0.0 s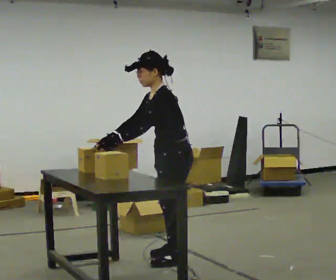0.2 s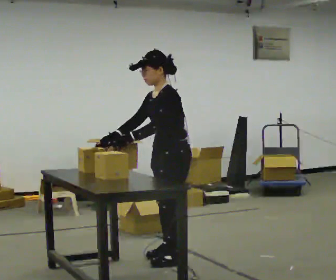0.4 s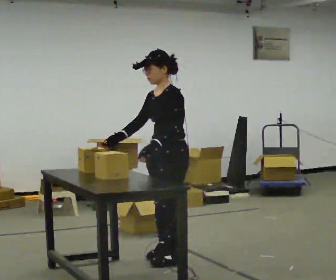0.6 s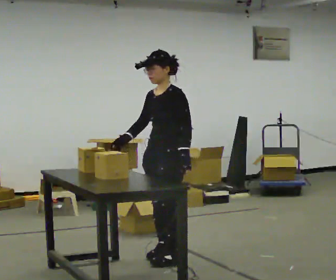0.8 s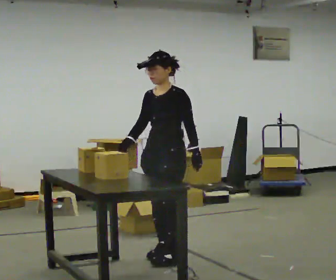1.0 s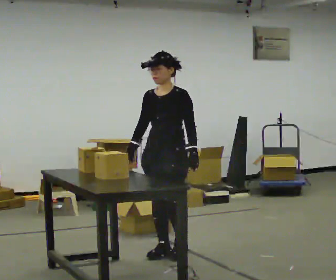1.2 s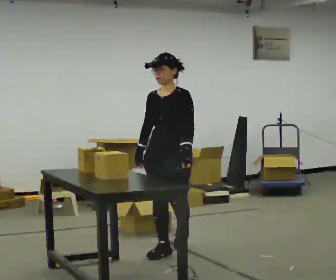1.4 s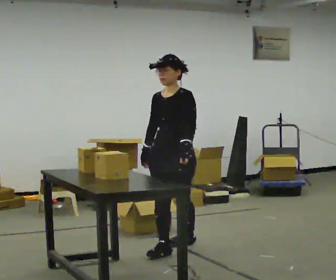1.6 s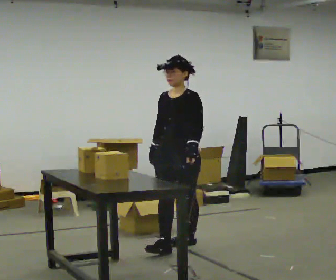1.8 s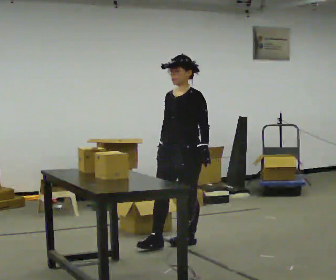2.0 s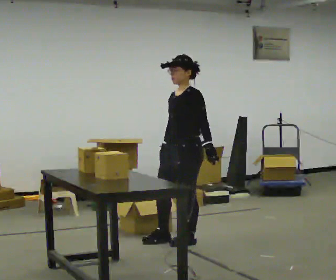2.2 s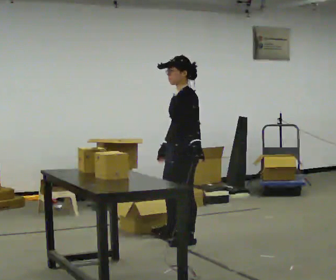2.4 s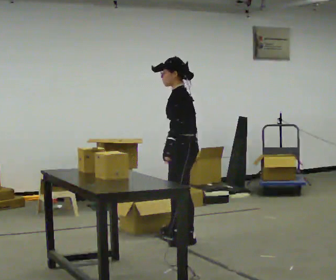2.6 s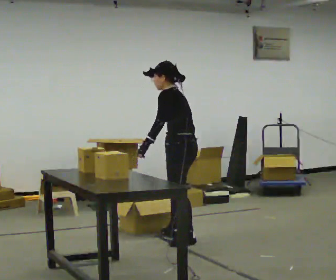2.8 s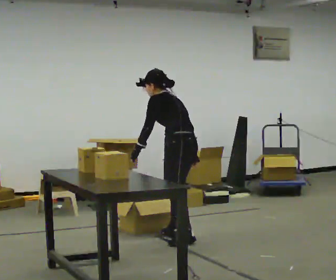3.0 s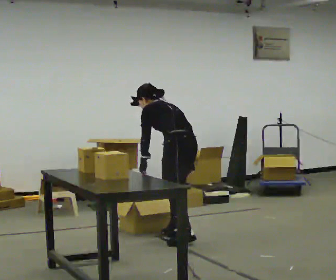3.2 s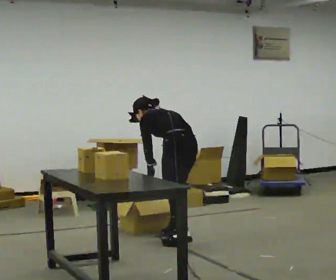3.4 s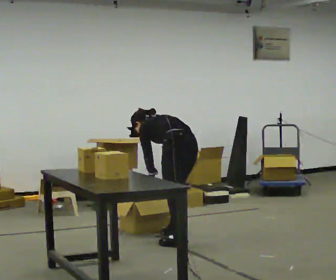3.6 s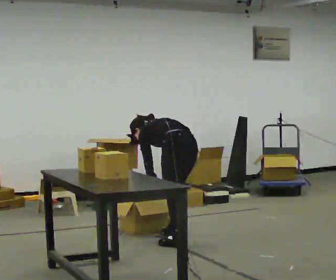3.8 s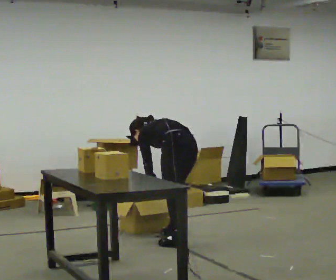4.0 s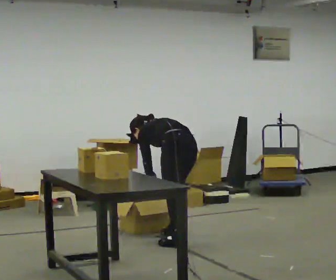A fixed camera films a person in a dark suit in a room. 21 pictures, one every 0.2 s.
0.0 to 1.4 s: The part of the body nearest the lens slides to the right as the person turns to their left by about 60 degrees. In the picture they go away from the camera, about 0.5 m in 1 step. In the picture the upper body tilts clockwise, shoulders to the right, as they lean back or straighten.
1.4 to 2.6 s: Seen from above the body turns clockwise, about 90 degrees: to their right, with its near side sliding to the left. In the picture they go away from the camera, about 0.25 m in 1 step.
2.6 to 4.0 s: The person turns about 30 degrees to their right, clockwise seen from above, so the part of the body nearest the lens slides to the left. The upper body goes downward. The upper body tips away from the camera, its near side rolling upward, as they bend forward. In the picture their left hand goes downward.
The film runs backward here.
